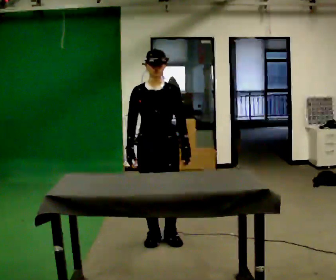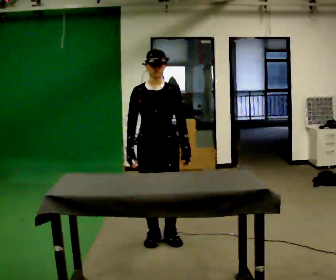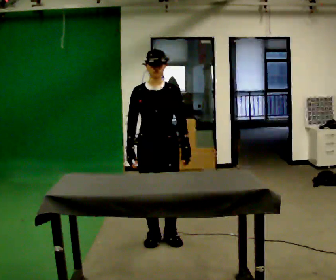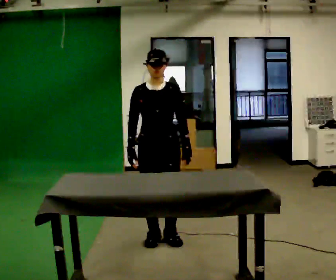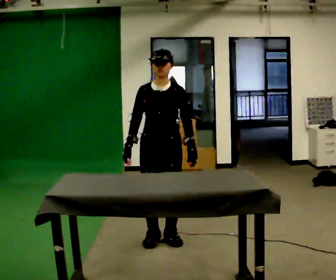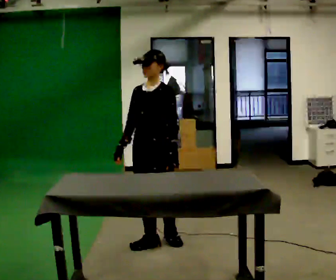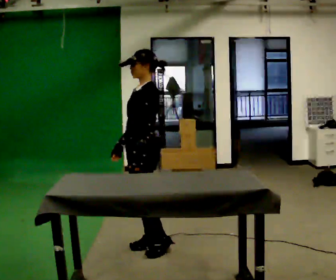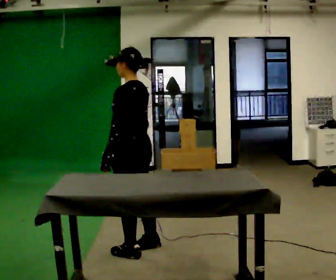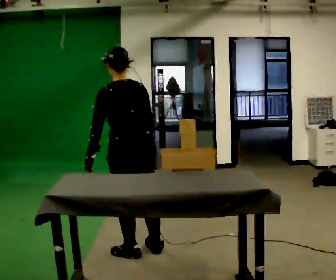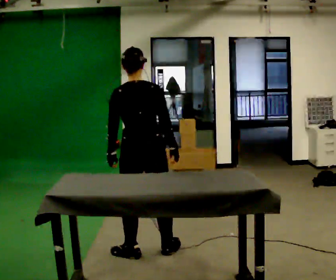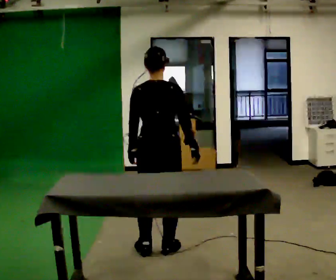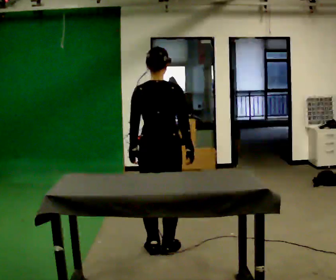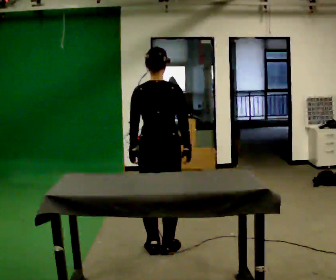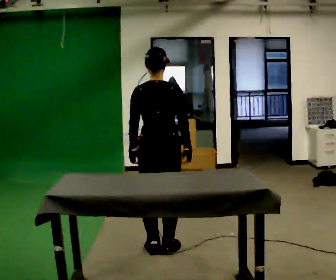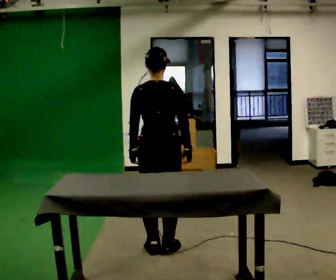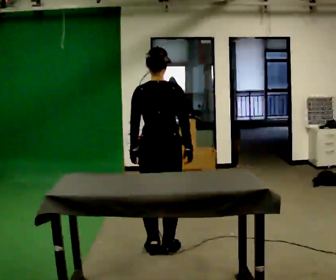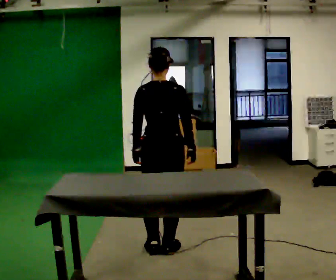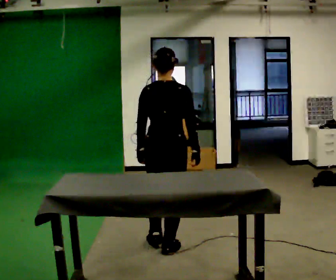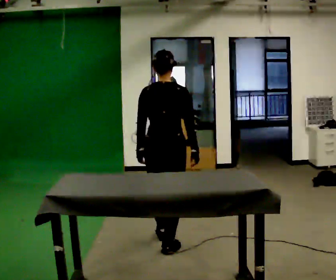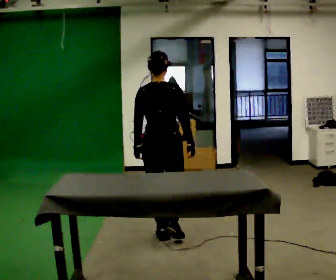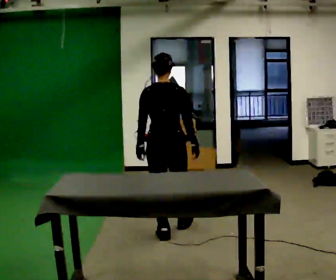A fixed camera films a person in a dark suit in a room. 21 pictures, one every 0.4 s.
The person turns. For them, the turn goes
to their right.
The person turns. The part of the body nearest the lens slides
to the left.
0.0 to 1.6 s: The person moves a little, or ends about where they began.
1.6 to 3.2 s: Seen from above the body turns clockwise, about 150 degrees: to their right, with its near side sliding to the left. In the picture they go toward the camera and to the left, about 0.25 m in 2 steps.
3.2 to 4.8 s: Seen from above the body turns clockwise, about 30 degrees: to their right, with its near side sliding to the left. In the picture they go to the right, about 0.25 m in 2 steps, which for them is to their right and forward. In the picture their left hand goes to the right.
4.8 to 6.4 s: The person moves a little, or ends about where they began.
6.4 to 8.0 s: In the picture they go away from the camera, about 0.5 m in 2 steps, which for them is forward.
The film runs forward here.
